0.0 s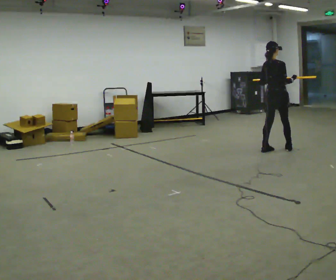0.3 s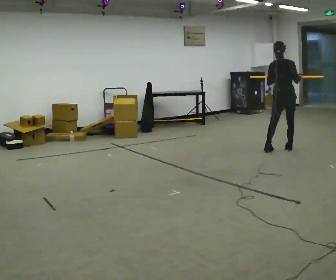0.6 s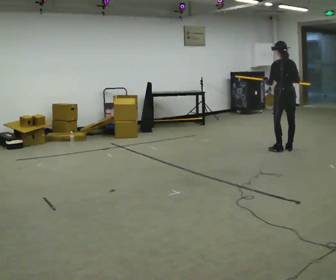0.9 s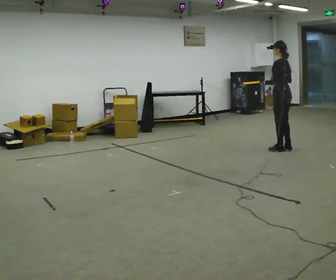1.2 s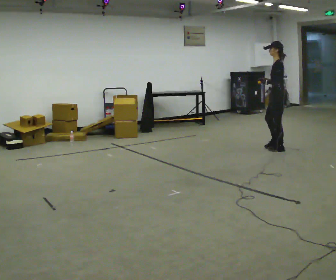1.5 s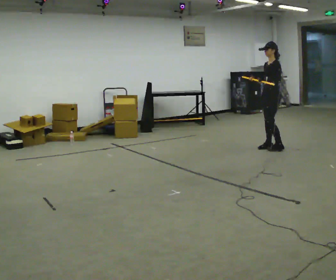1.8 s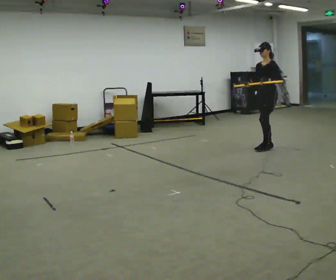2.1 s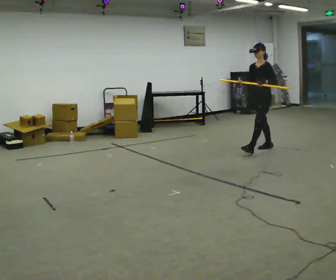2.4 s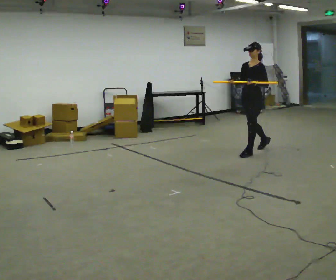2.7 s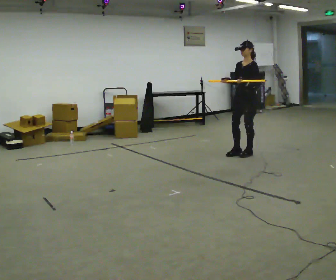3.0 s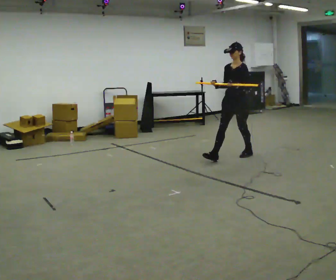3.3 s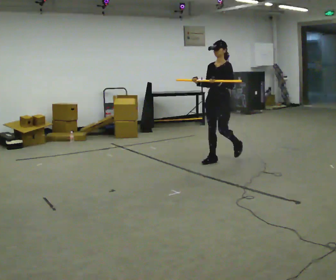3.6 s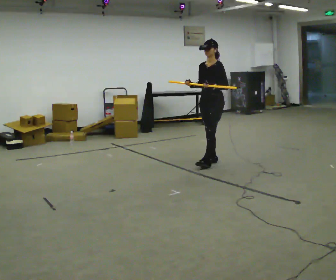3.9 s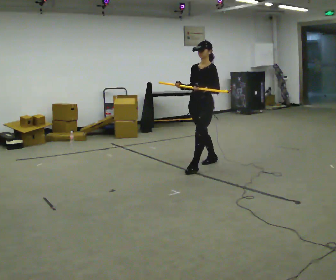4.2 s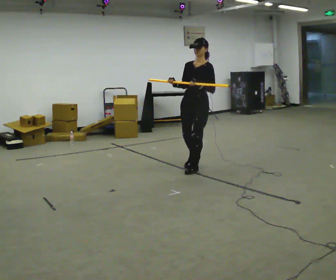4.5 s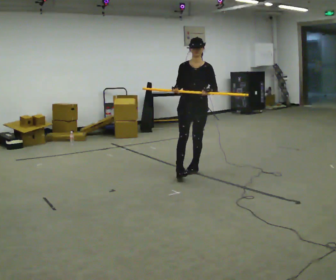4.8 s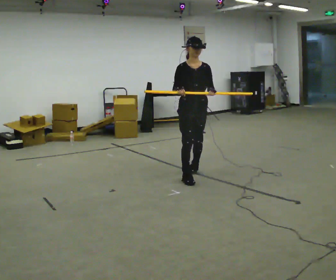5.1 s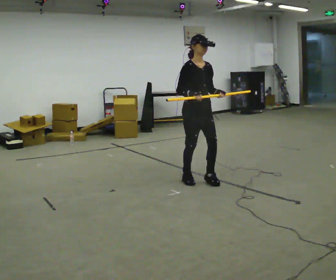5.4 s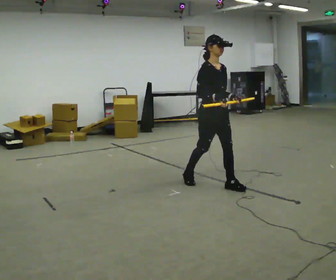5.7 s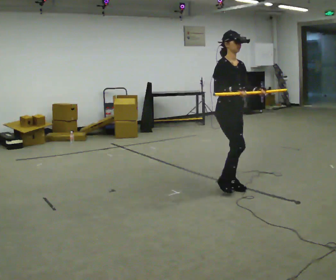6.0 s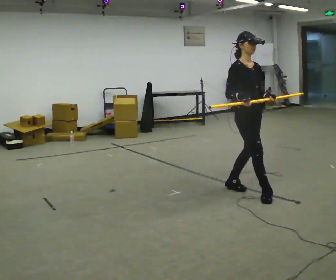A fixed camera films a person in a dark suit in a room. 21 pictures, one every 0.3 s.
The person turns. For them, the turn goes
to their left.
The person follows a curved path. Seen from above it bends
counterclockwise.
0.0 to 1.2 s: The part of the body nearest the lens slides to the right as the person turns to their left by about 120 degrees.
1.2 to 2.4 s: Seen from above the body turns counterclockwise, about 45 degrees: to their left, with its near side sliding to the right. In the picture they go to the left, about 0.5 m in 2 steps, which for them is forward.
2.4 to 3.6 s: In the picture they go to the left and toward the camera, about 1 m in 1 step, which for them is forward.
3.6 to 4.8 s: The person turns about 75 degrees to their left, counterclockwise seen from above, so the part of the body nearest the lens slides to the right. In the picture they go toward the camera, about 0.5 m in 2 steps.
4.8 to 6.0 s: In the picture they go toward the camera and to the right, about 1 m in 2 steps, which for them is forward.
The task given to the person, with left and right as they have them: Carry the long object across the room and around the corner, turning without hitting anything. Keep going until the operator says stop; one object at a time, and do not rush between trips.
The film runs forward here.
